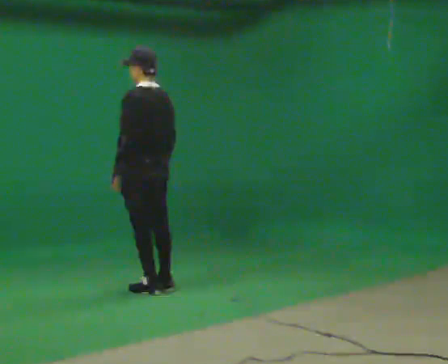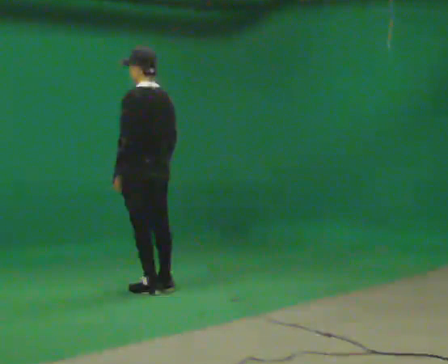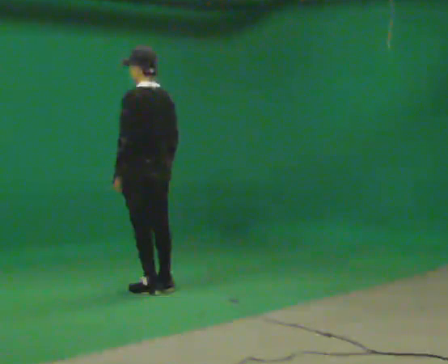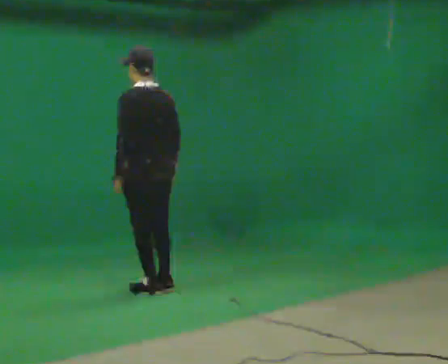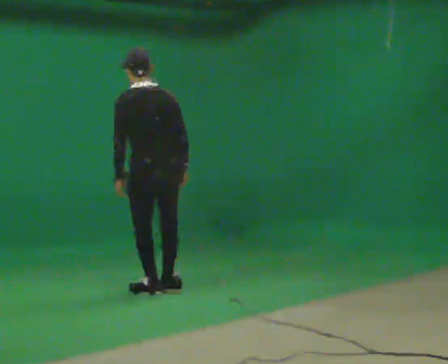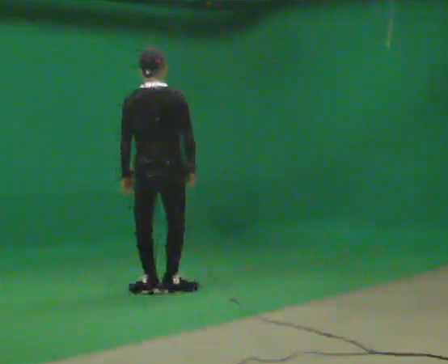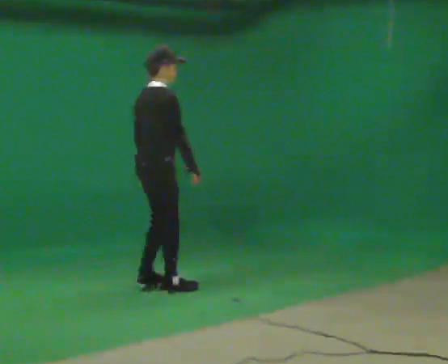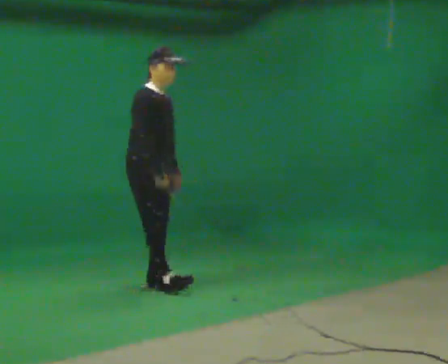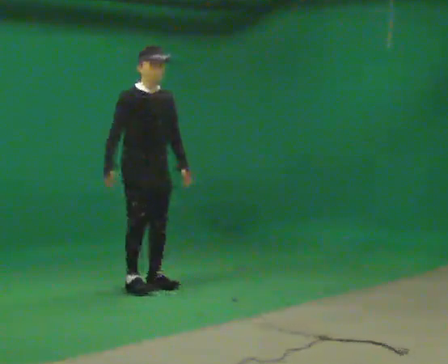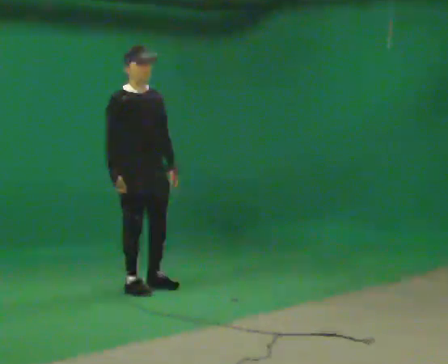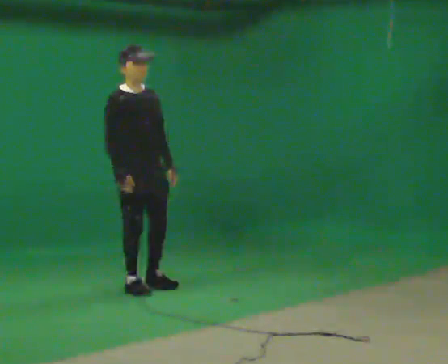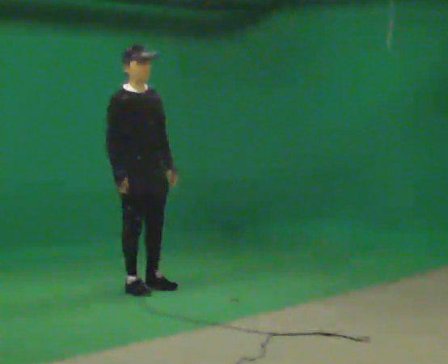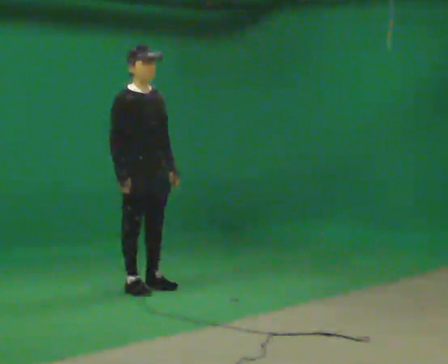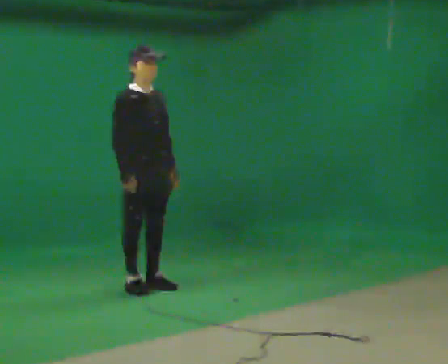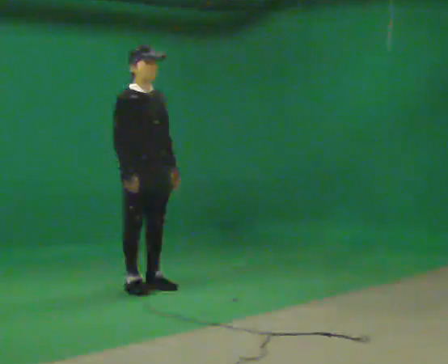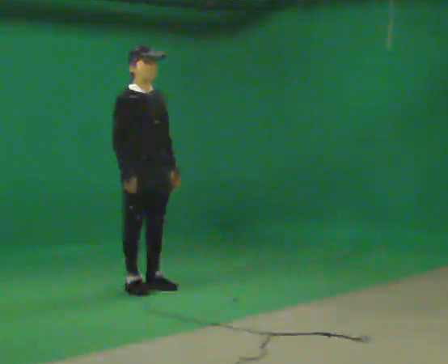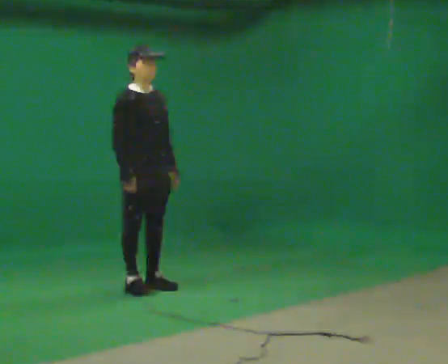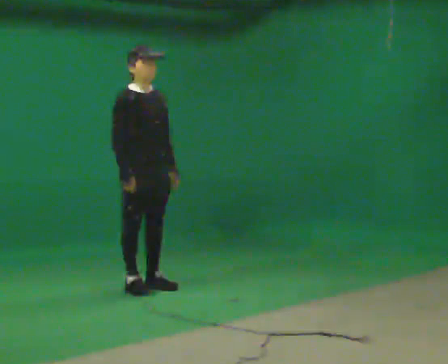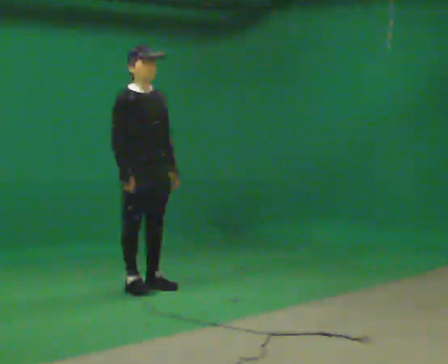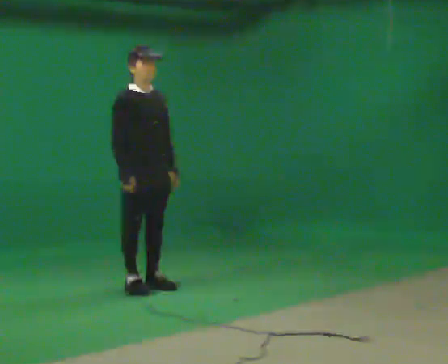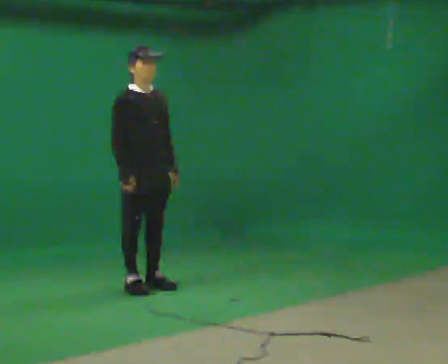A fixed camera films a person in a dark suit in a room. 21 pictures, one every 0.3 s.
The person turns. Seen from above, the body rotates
clockwise.
The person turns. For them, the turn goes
to their right.
0.0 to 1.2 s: The part of the body nearest the lens slides to the left as the person turns to their right by about 30 degrees.
1.2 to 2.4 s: The part of the body nearest the lens slides to the left as the person turns to their right by about 165 degrees. In the picture they go away from the camera, about 0.25 m in 2 steps. In the picture their right hand goes to the left, the arm swinging clockwise.
2.4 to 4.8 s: The person moves a little, or ends about where they began.
4.8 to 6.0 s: The person keeps their place and pose.
The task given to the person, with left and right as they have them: Stand still 2 s; begin walking naturally; walk forward; stop.
The film runs forward here.
